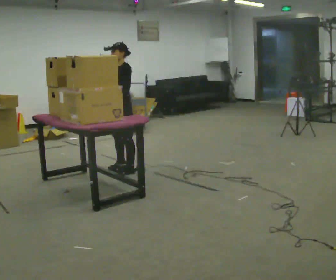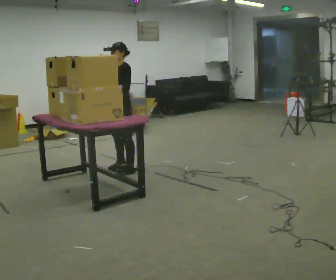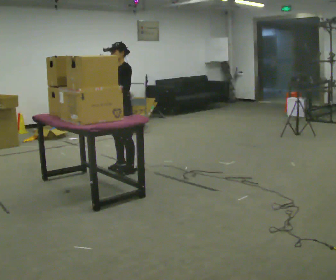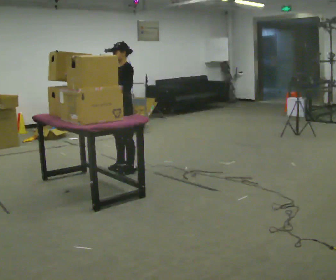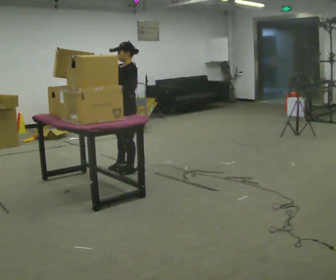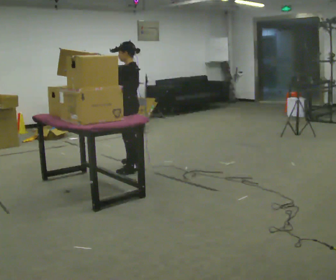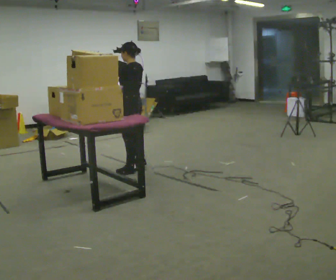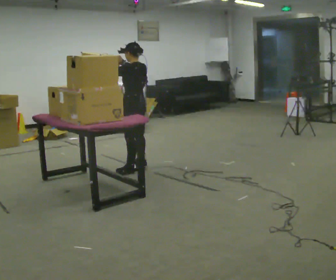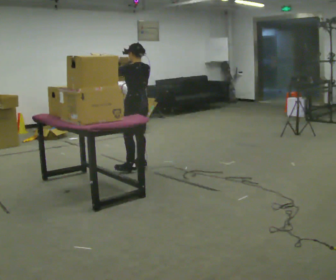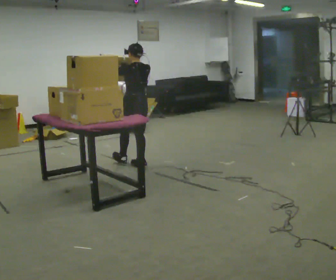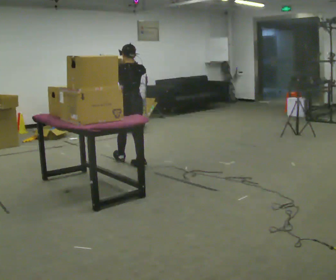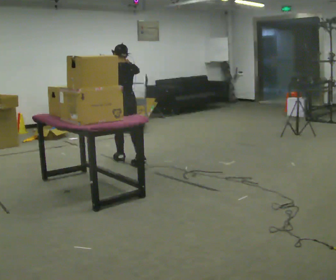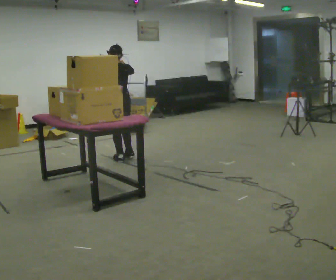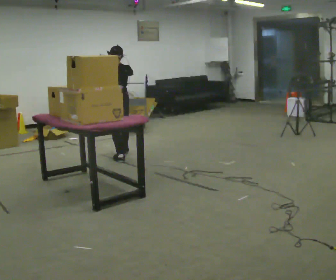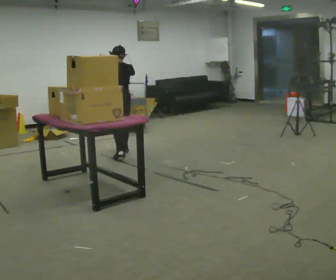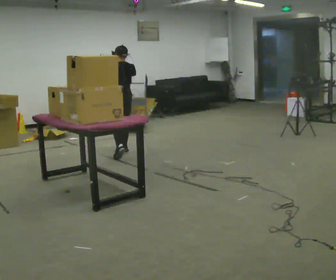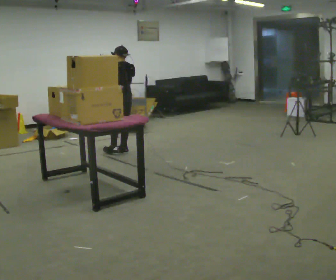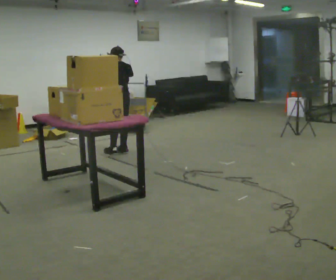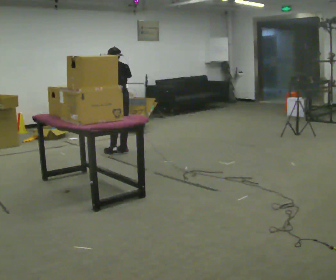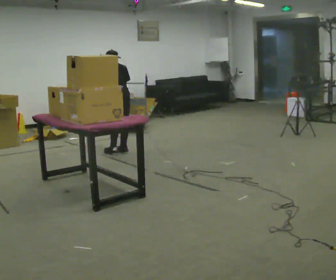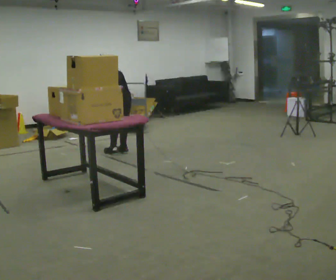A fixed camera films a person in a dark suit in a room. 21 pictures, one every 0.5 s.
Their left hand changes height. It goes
downward.
Their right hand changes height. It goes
downward.
0.0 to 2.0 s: The person moves a little, or ends about where they began.
2.0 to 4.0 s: The part of the body nearest the lens slides to the left as the person turns to their right by about 60 degrees. In the picture they go away from the camera, about 0.25 m in 1 step. In the picture their right hand goes to the right.
4.0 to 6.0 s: Seen from above the body turns clockwise, about 30 degrees: to their right, with its near side sliding to the left. In the picture they go away from the camera and to the left, about 0.5 m in 1 step, which for them is forward.
6.0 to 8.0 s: In the picture they go away from the camera, about 0.5 m in 2 steps, which for them is forward and to their right.
8.0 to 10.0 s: The upper body tips away from the camera, its near side rolling upward, as they bend forward. In the picture their left hand goes downward.
The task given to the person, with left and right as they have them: Take boxes off the top of the stack one at a time and carry them away, walking back for each one. Keep going until the operator says stop; one object at a time, and do not rush between trips.
The film runs forward here.
